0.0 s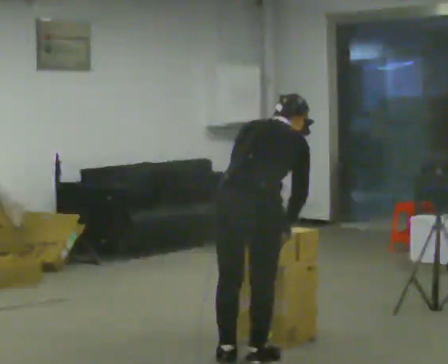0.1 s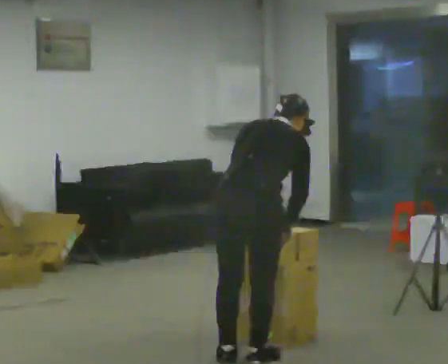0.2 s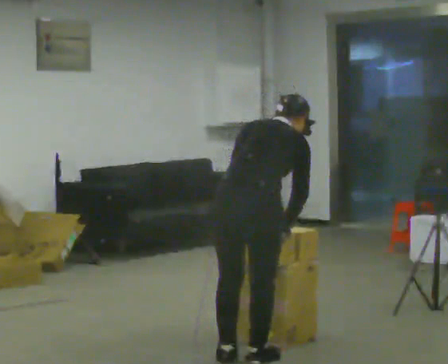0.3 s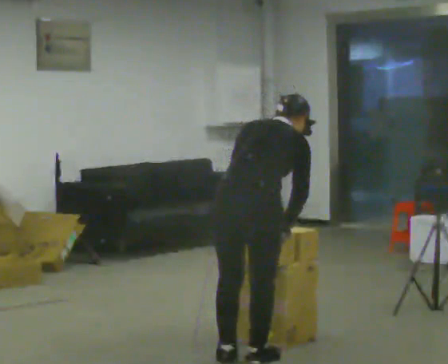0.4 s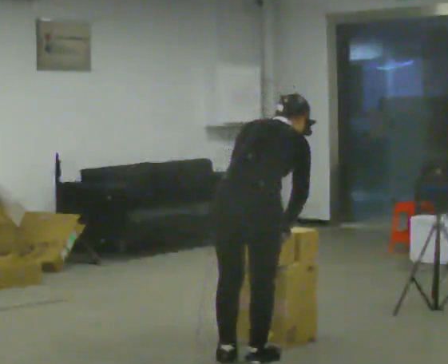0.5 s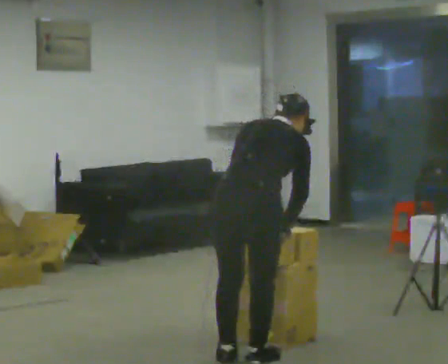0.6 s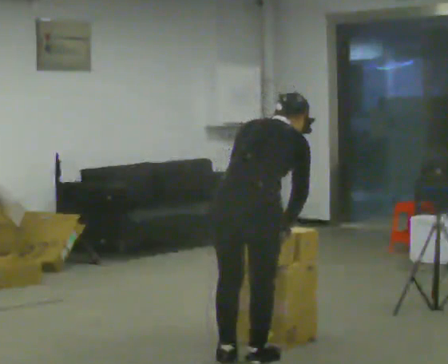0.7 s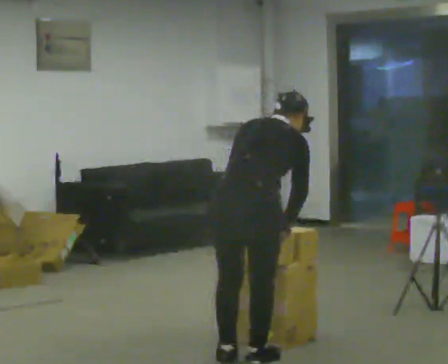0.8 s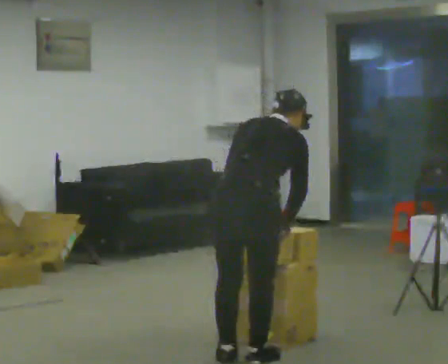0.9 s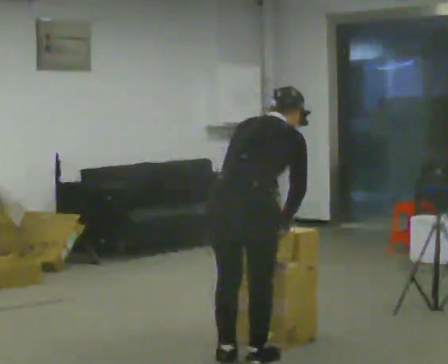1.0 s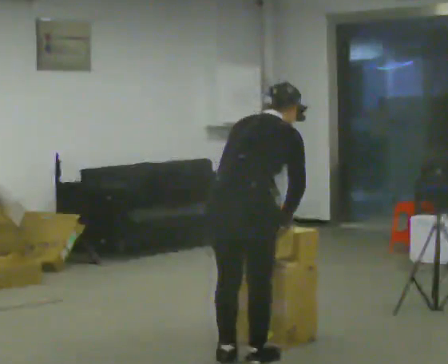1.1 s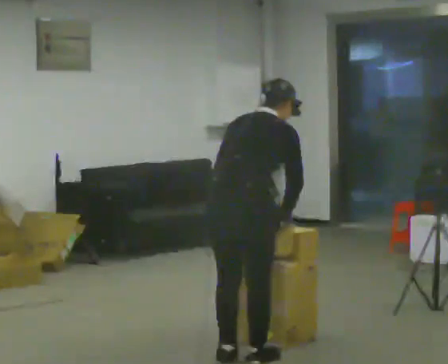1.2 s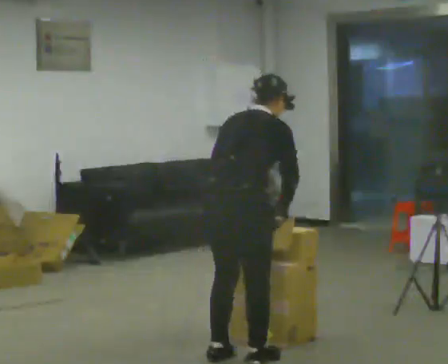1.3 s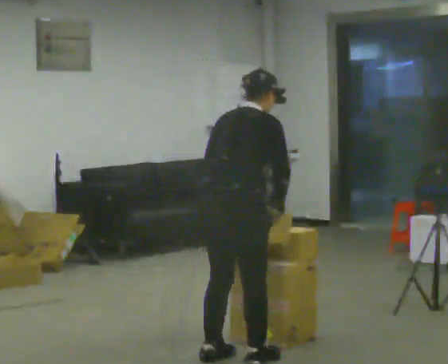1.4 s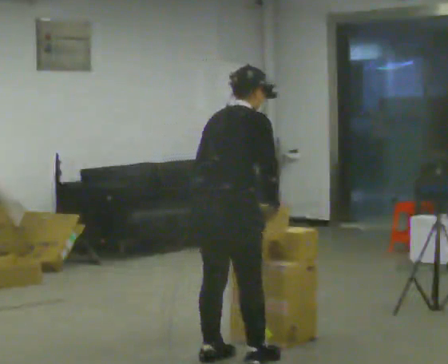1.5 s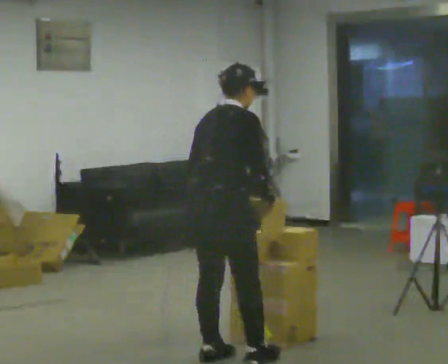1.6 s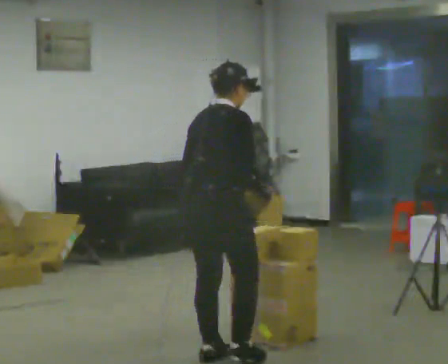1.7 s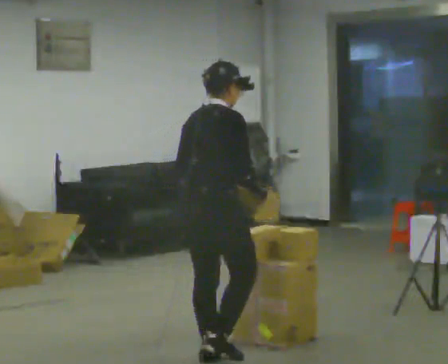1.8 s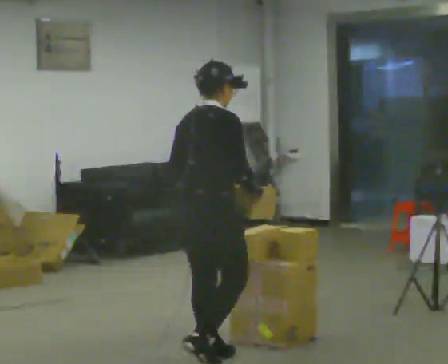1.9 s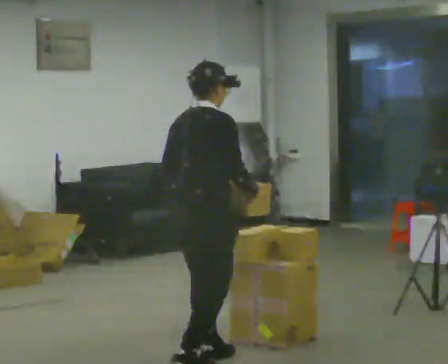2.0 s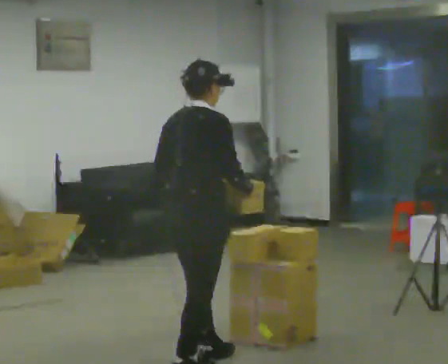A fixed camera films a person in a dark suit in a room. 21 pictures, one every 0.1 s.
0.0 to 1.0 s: The person moves a little, or ends about where they began.
1.0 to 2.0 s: In the picture they go to the left, about 0.25 m in 1 step, which for them is backward. The upper body tips toward the camera, its near side rolling downward, as they lean back or straighten.
The film runs backward here.
